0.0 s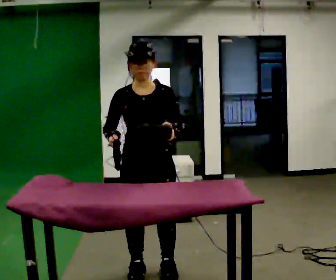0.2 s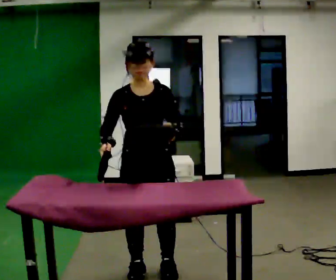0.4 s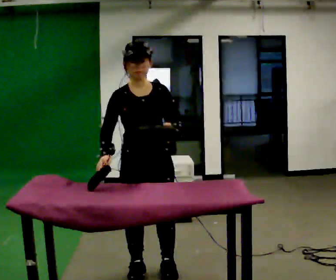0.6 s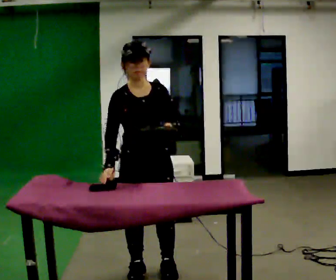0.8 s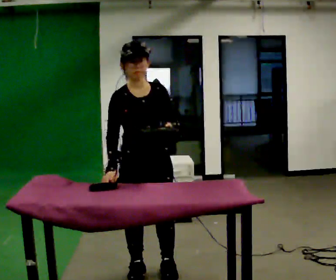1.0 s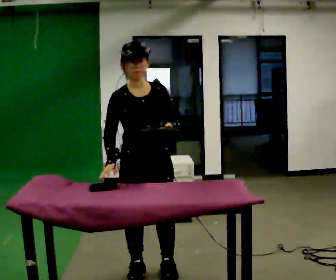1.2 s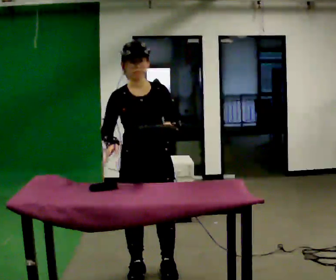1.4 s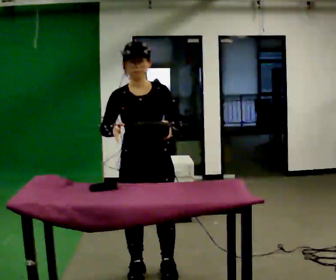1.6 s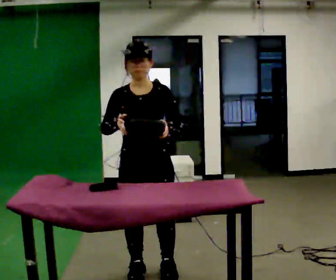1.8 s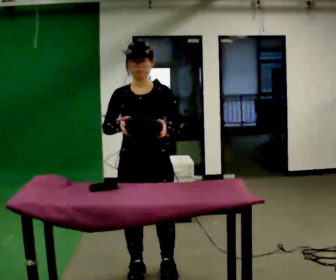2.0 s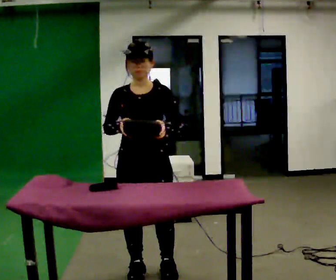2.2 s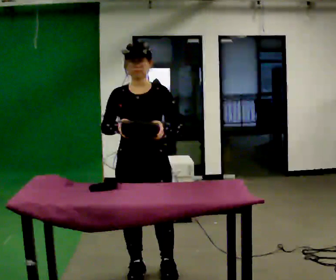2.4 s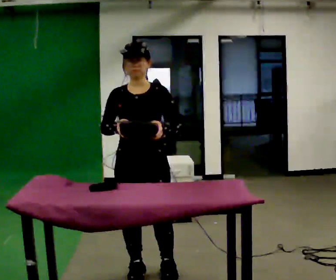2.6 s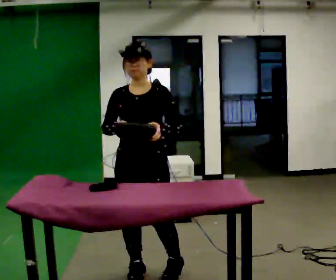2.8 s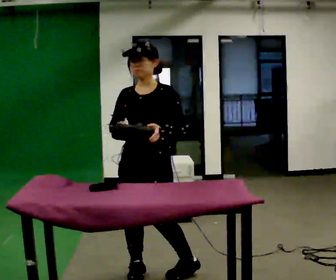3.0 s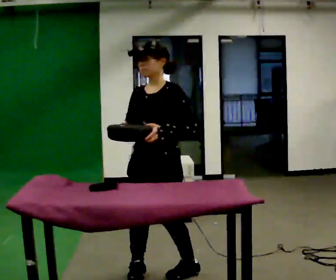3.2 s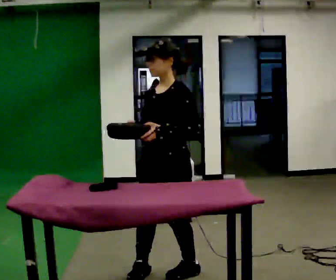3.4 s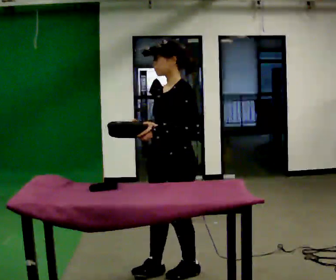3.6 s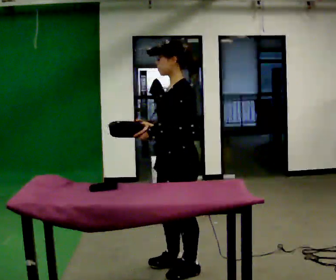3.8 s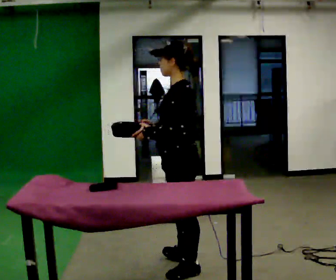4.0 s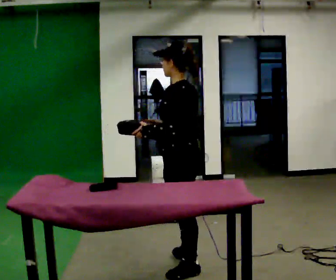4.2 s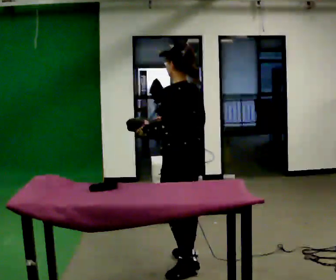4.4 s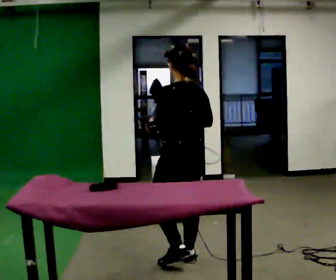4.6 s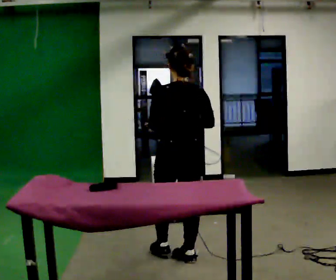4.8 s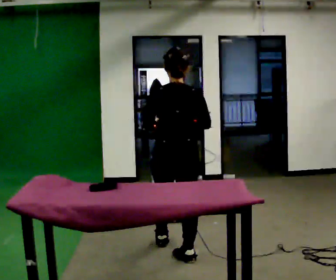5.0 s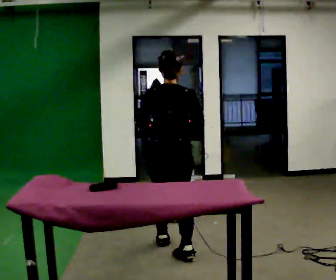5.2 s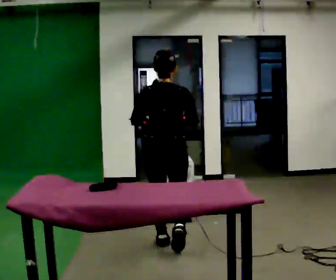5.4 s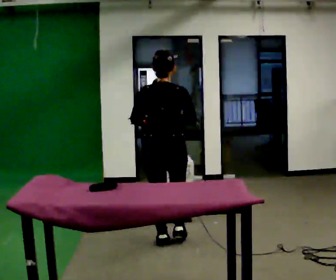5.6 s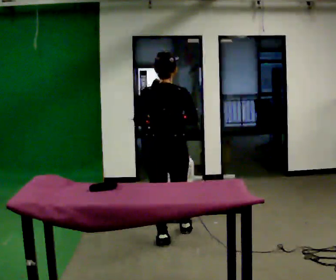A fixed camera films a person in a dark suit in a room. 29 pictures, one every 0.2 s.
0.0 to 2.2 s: The person moves a little, or ends about where they began.
2.2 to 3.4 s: Seen from above the body turns clockwise, about 60 degrees: to their right, with its near side sliding to the left. In the picture they go to the right, about 0.25 m in 1 step.
3.4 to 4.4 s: Seen from above the body turns clockwise, about 90 degrees: to their right, with its near side sliding to the left. In the picture they go away from the camera, about 0.25 m in 1 step.
4.4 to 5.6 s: The part of the body nearest the lens slides to the left as the person turns to their right by about 45 degrees. In the picture they go away from the camera, about 0.5 m in 1 step, which for them is forward.
The film runs forward here.
